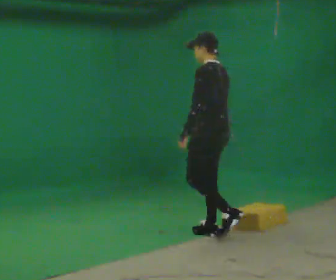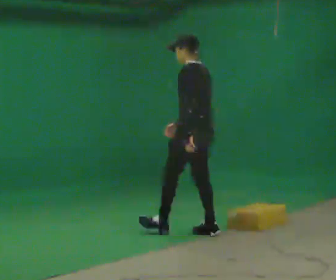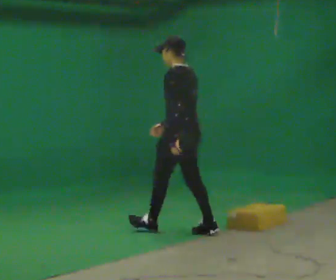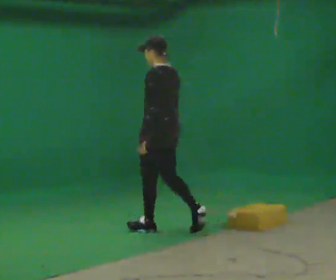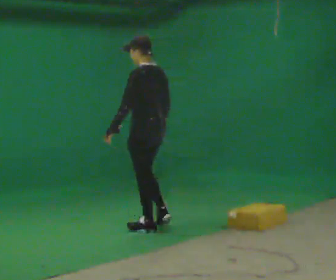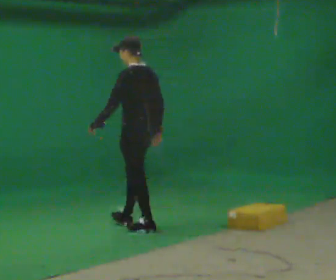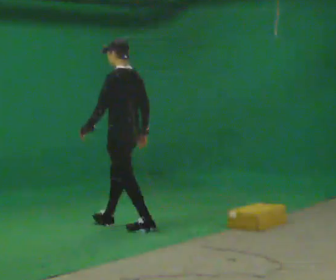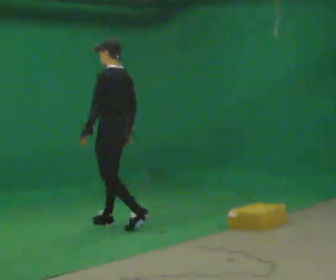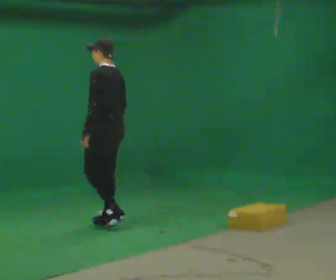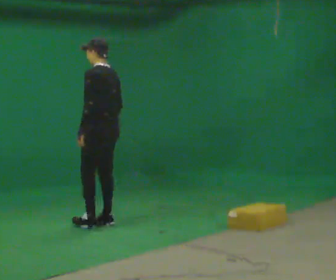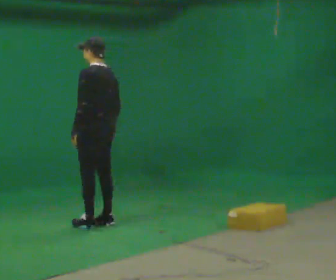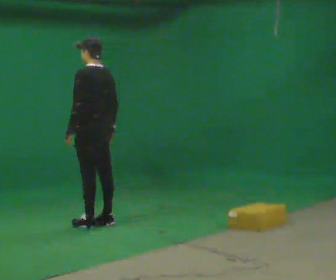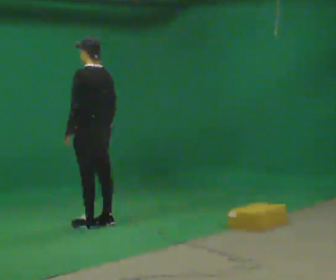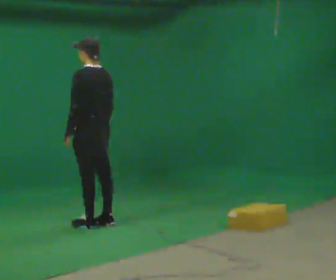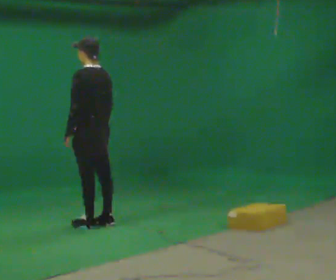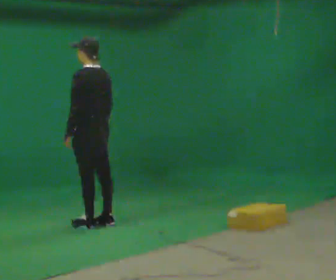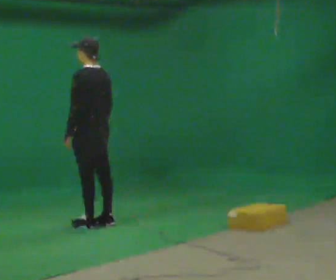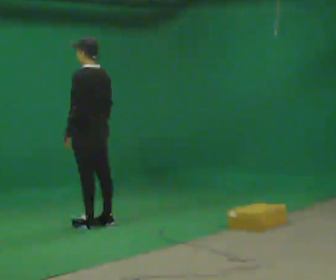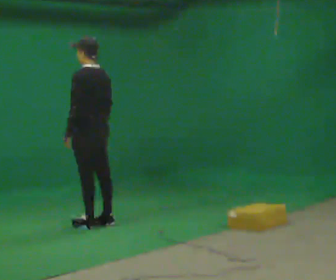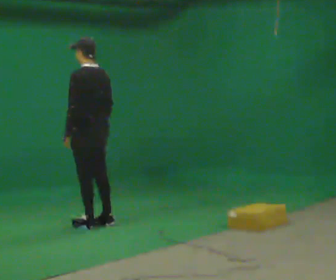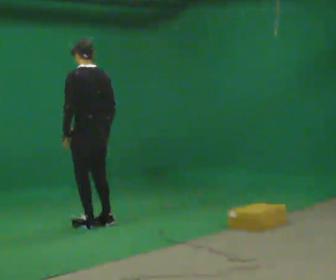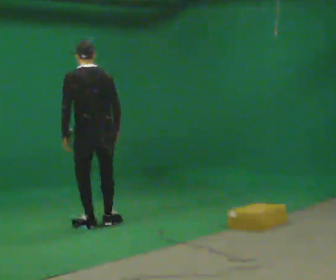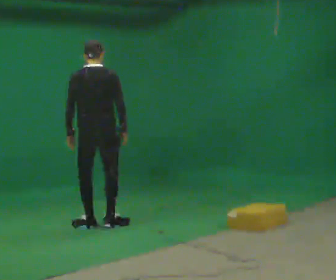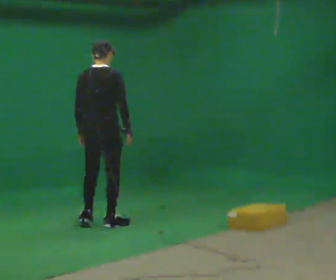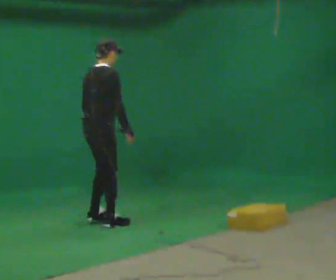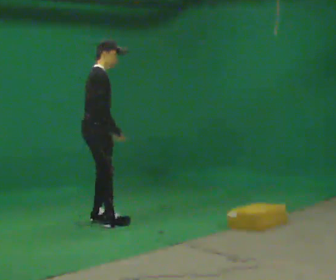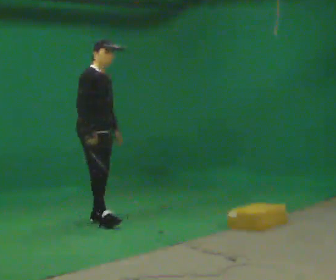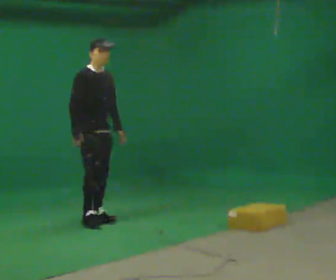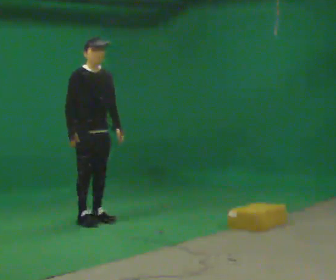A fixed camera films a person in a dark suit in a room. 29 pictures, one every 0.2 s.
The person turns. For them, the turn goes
to their right.
The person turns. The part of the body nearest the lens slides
to the left.
0.0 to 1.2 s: In the picture they go to the left and away from the camera, about 1 m in 2 steps, which for them is forward.
1.2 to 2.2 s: In the picture they go to the left and away from the camera, about 0.25 m in 1 step, which for them is forward.
2.2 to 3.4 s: The person moves a little, or ends about where they began.
3.4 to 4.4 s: Seen from above the body turns clockwise, about 60 degrees: to their right, with its near side sliding to the left.
4.4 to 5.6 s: The part of the body nearest the lens slides to the left as the person turns to their right by about 135 degrees. In the picture they go away from the camera, about 0.25 m in 2 steps. In the picture their left hand goes to the right, the arm swinging counterclockwise.
The film runs forward here.
